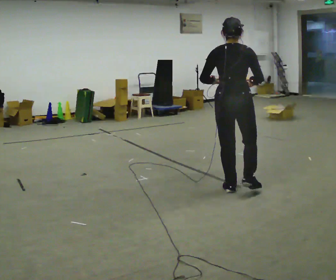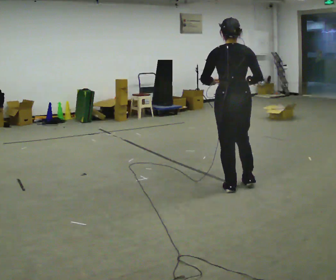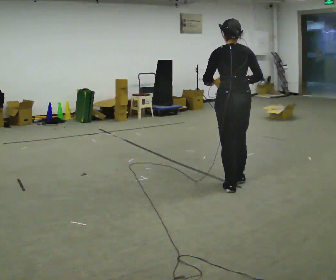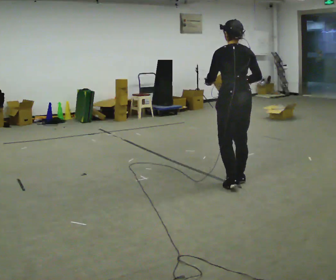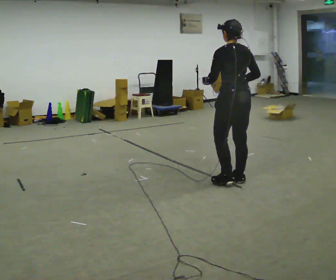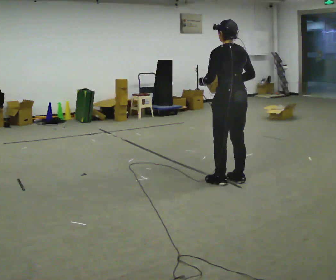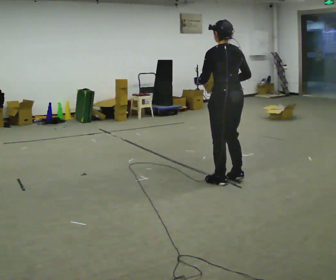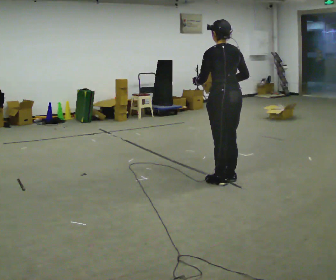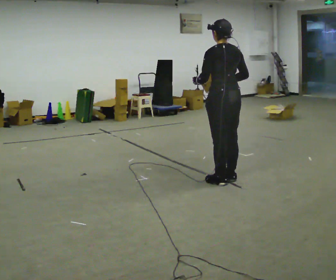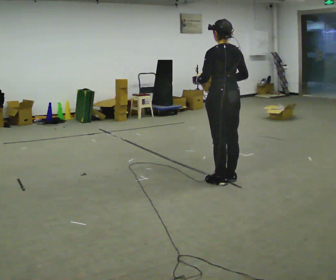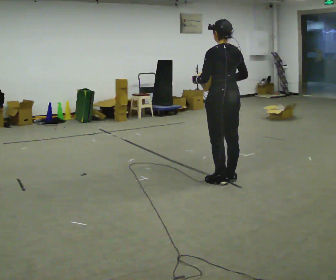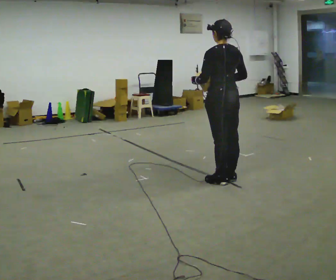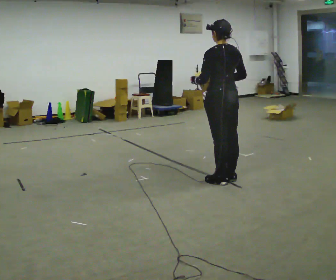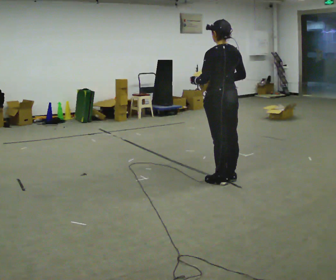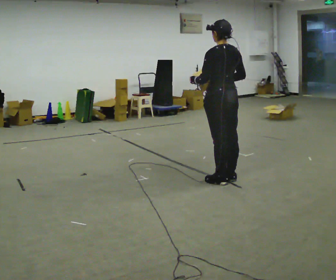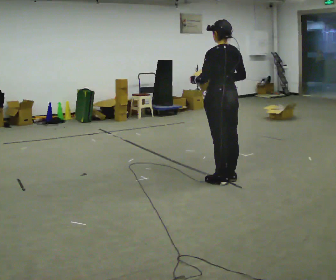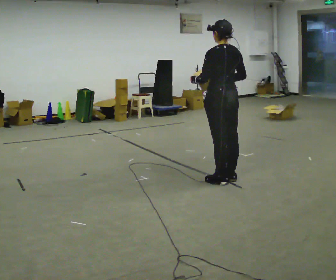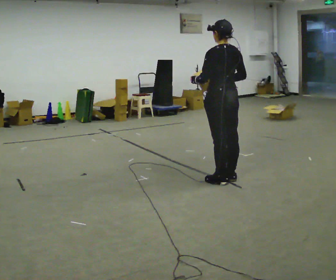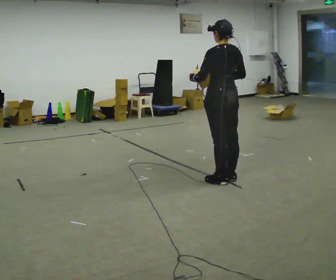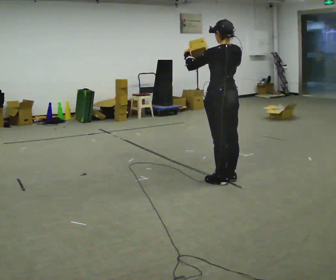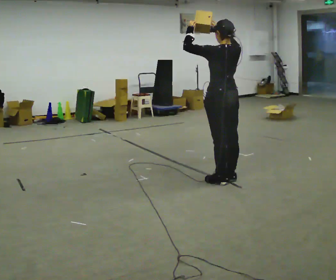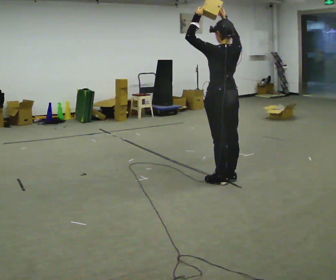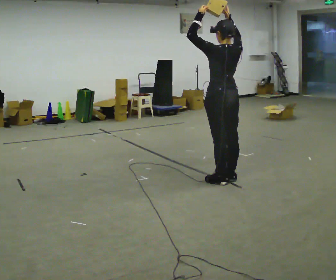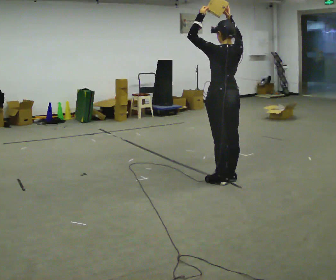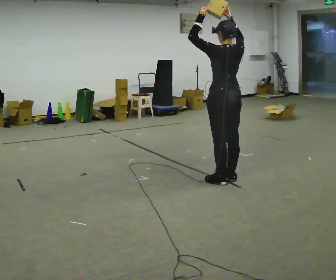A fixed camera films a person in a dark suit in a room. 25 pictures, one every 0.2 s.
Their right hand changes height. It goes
upward.
Their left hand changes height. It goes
upward.
0.0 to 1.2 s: The part of the body nearest the lens slides to the right as the person turns to their left by about 45 degrees. In the picture they go away from the camera, about 0.25 m in 2 steps, which for them is forward.
1.2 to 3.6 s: The person moves a little, or ends about where they began.
3.6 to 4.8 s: In the picture their left hand goes upward, the arm swinging clockwise.
The film runs forward here.
